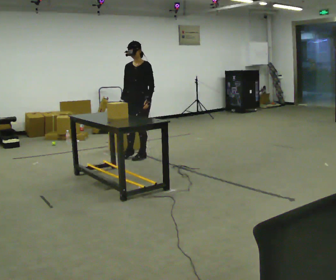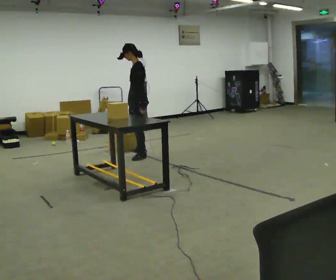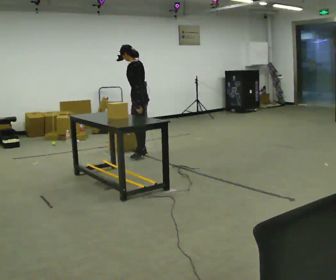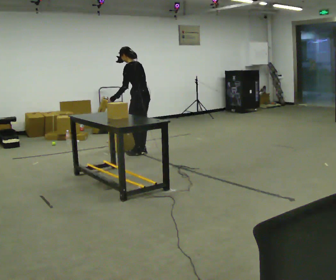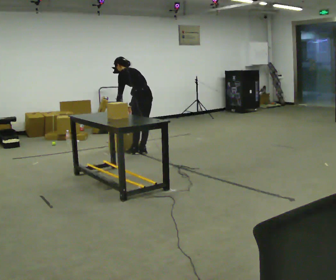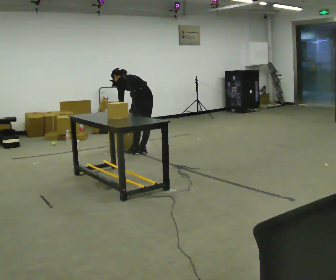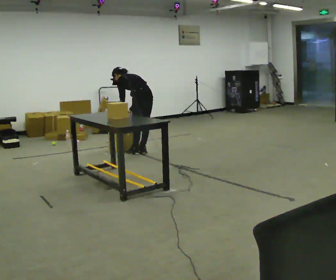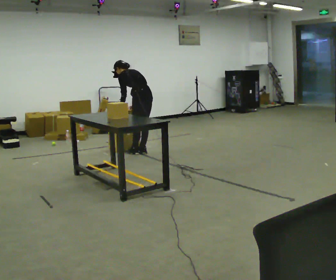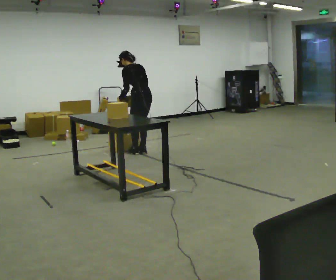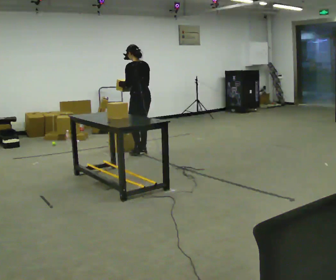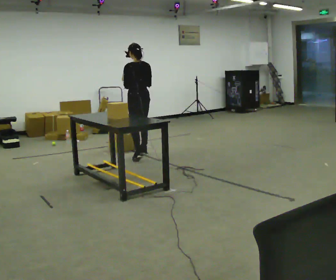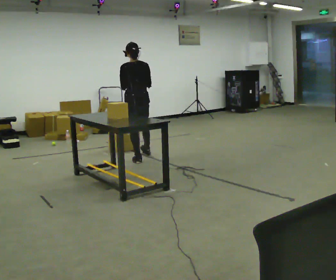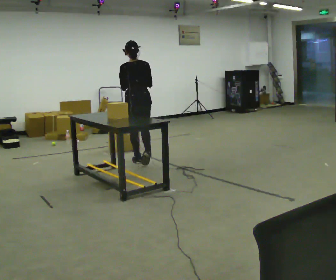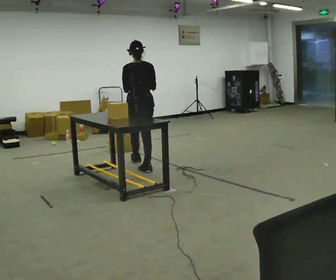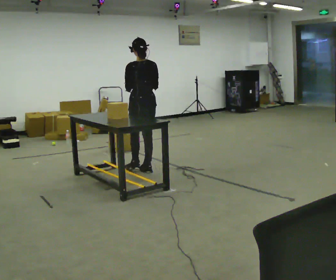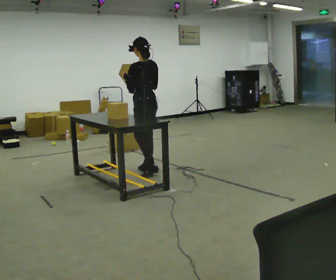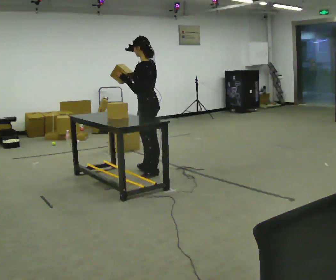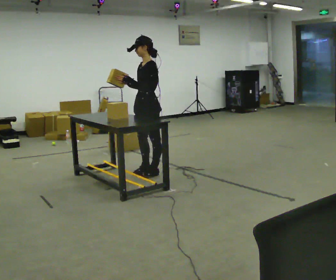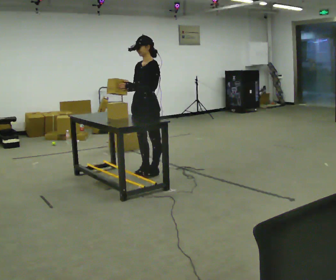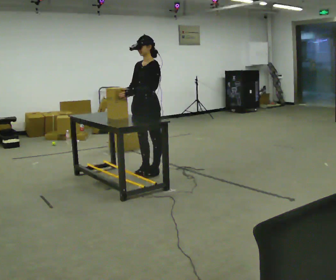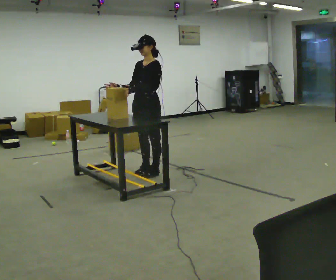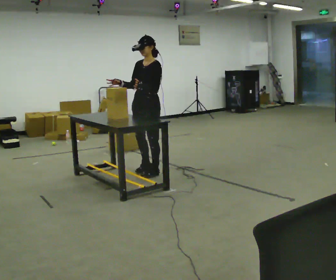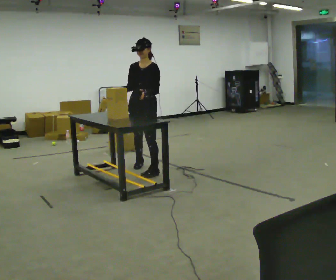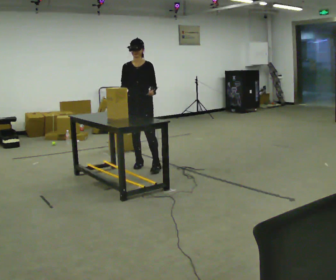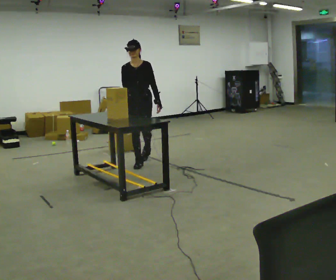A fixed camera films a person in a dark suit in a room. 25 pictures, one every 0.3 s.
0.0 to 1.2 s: The part of the body nearest the lens slides to the left as the person turns to their right by about 105 degrees. In the picture they go away from the camera, about 0.25 m in 1 step. The upper body tips away from the camera, its near side rolling upward, as they bend forward.
1.2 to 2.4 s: The person moves a little, or ends about where they began.
2.4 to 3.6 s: Seen from above the body turns clockwise, about 30 degrees: to their right, with its near side sliding to the left. In the picture they go toward the camera, about 0.5 m in 2 steps, which for them is backward and to their left. The upper body tips toward the camera, its near side rolling downward, as they lean back or straighten.
3.6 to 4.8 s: Seen from above the body turns counterclockwise, about 60 degrees: to their left, with its near side sliding to the right. In the picture they go toward the camera, about 0.5 m in 1 step.
4.8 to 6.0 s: The person turns about 60 degrees to their left, counterclockwise seen from above, so the part of the body nearest the lens slides to the right.
6.0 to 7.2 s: The part of the body nearest the lens slides to the right as the person turns to their left by about 45 degrees. In the picture they go away from the camera, about 0.5 m in 2 steps, which for them is backward and to their right.
The film runs backward here.
